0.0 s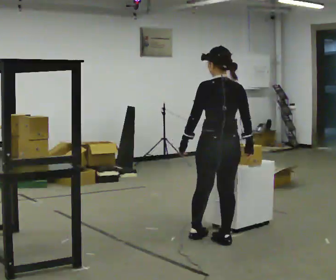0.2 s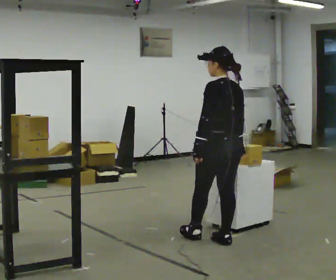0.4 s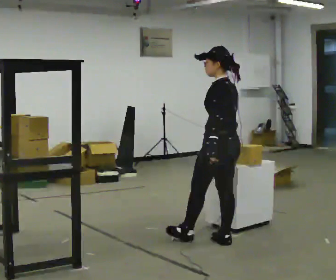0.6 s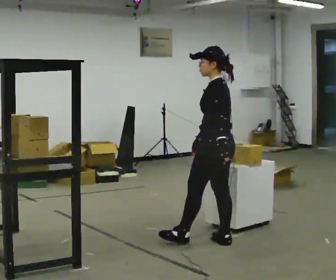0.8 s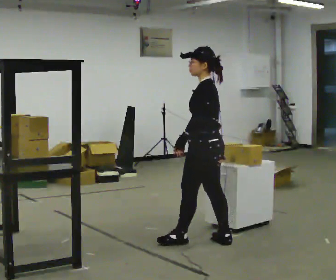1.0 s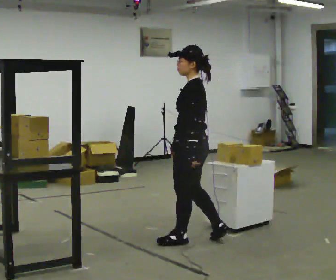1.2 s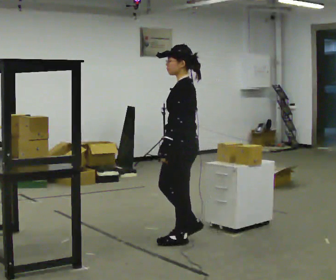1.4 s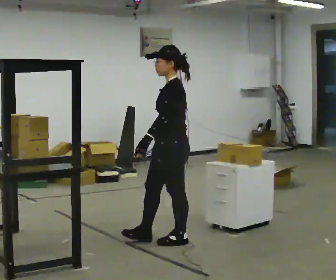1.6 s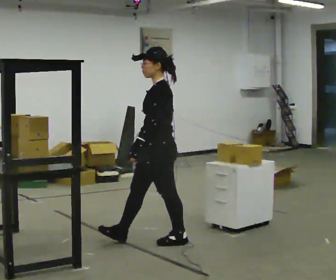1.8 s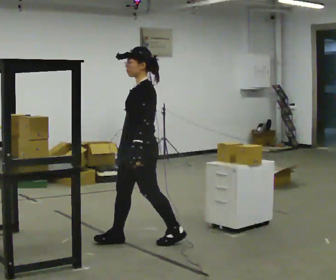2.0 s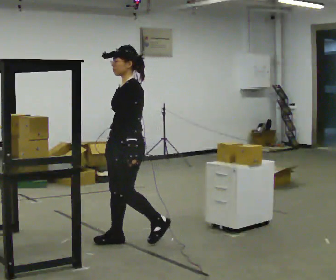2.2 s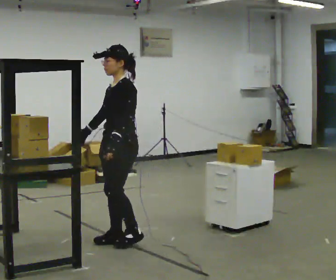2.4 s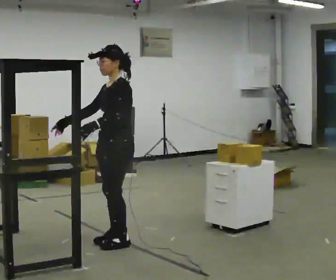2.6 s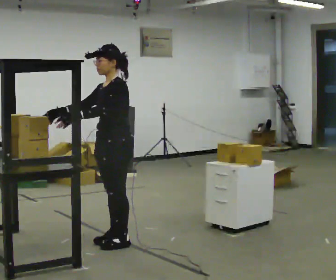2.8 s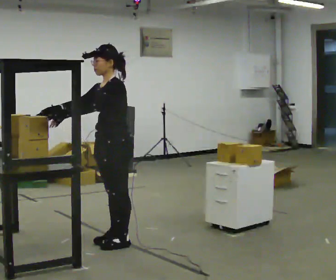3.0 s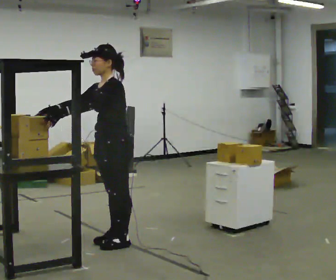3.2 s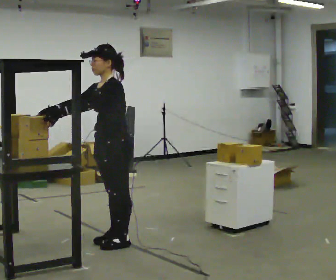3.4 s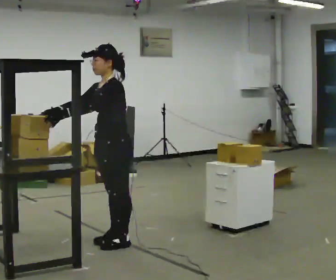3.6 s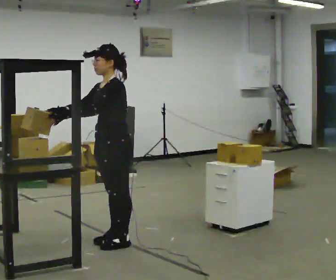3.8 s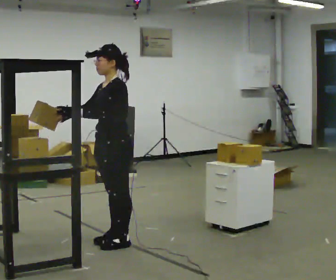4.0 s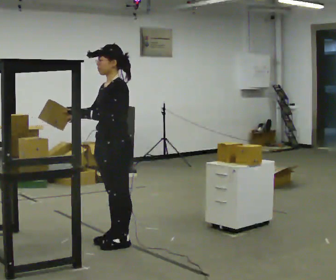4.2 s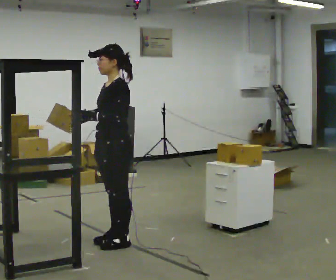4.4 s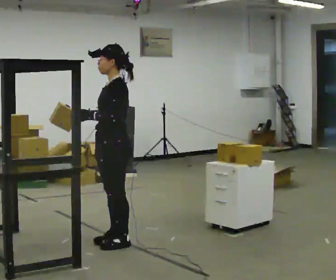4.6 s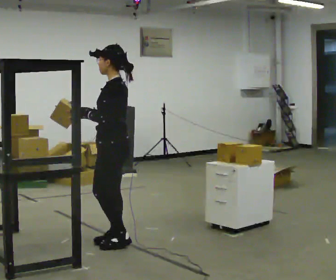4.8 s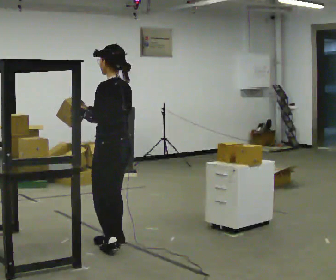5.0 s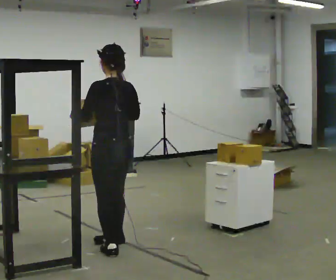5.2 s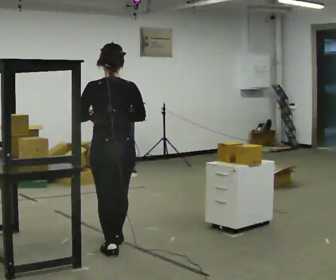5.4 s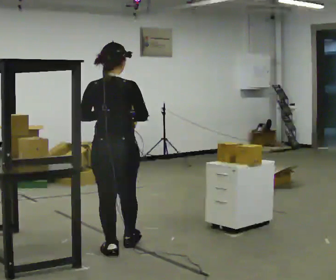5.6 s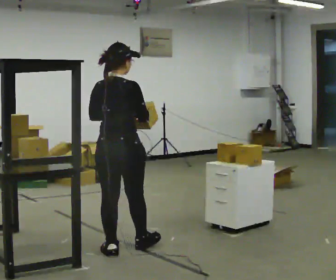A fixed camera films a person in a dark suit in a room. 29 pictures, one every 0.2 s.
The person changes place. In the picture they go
to the left.
0.0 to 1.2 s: The part of the body nearest the lens slides to the right as the person turns to their left by about 75 degrees. In the picture they go to the left, about 0.25 m.
1.2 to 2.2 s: The person turns about 30 degrees to their left, counterclockwise seen from above, so the part of the body nearest the lens slides to the right. In the picture they go to the left, about 0.5 m in 1 step, which for them is forward.
2.2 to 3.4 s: In the picture their left hand goes to the left, the arm swinging clockwise.
3.4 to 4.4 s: The person moves a little, or ends about where they began.
4.4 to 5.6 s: The person turns about 120 degrees to their right, clockwise seen from above, so the part of the body nearest the lens slides to the left. In the picture they go toward the camera, about 0.25 m in 2 steps. In the picture their right hand goes to the right.
The film runs forward here.
